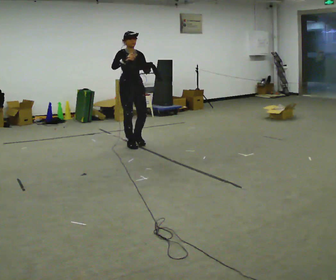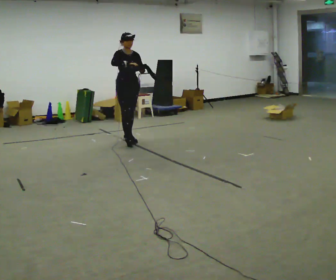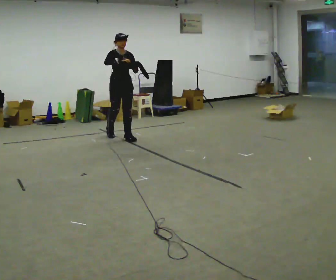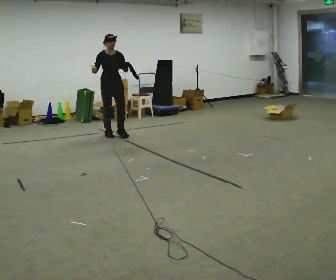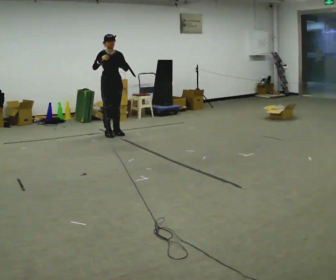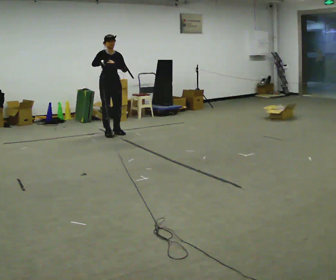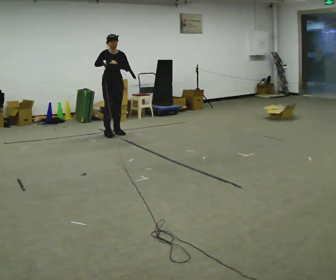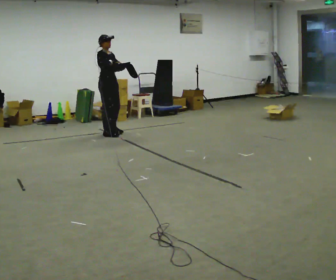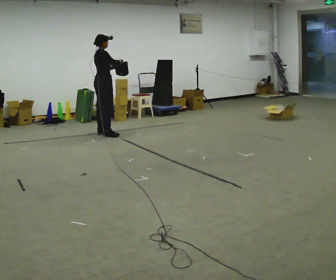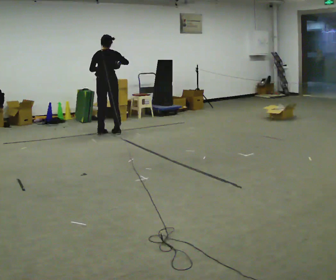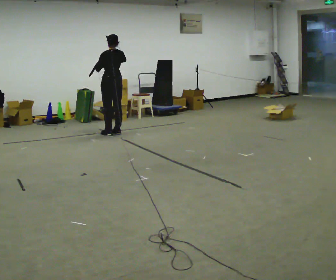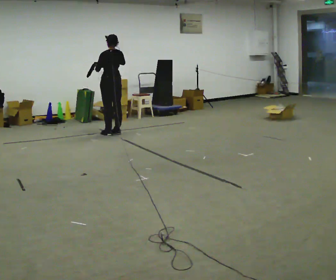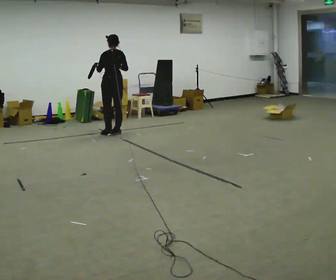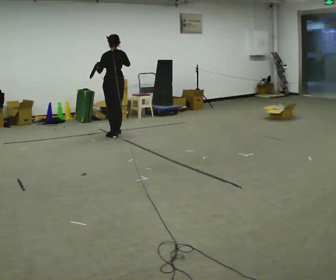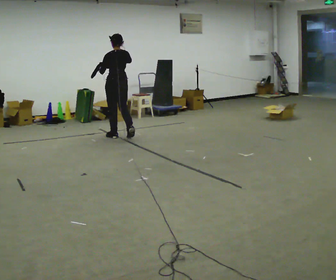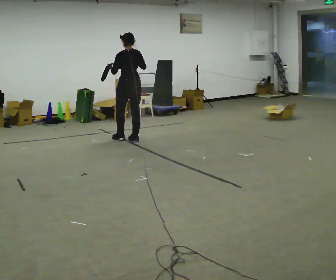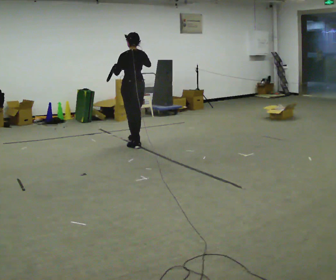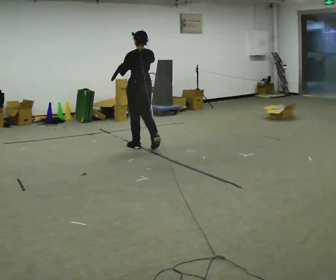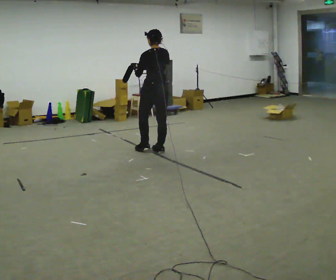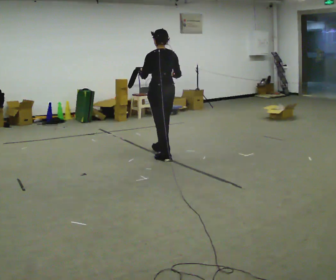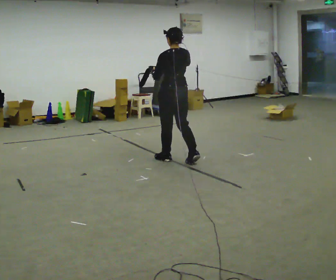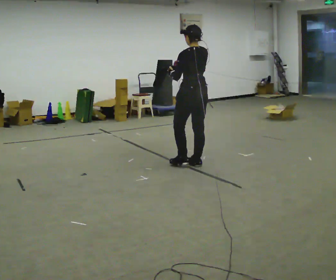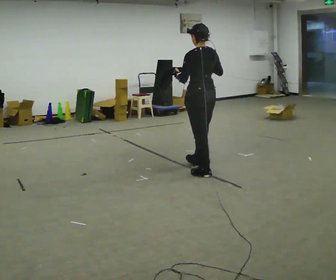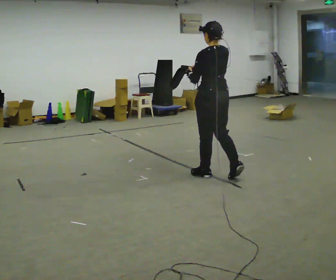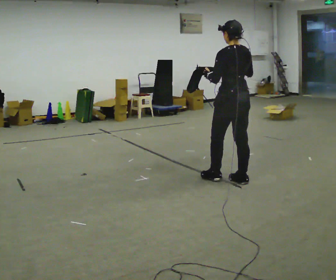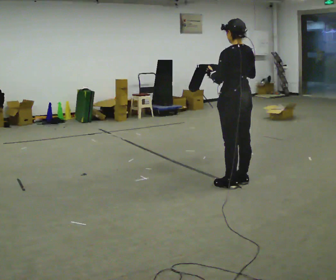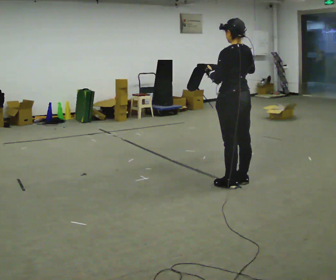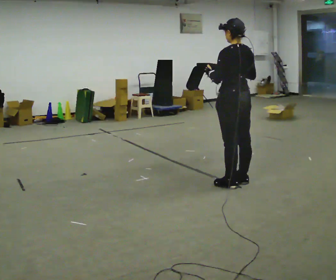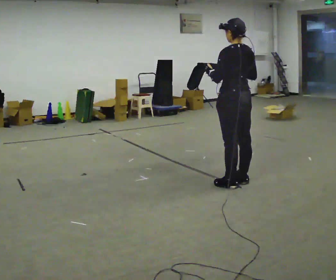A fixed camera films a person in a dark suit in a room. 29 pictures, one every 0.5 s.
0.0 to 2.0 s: In the picture they go away from the camera and to the left, about 1 m in 2 steps, which for them is backward.
2.0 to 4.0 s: The part of the body nearest the lens slides to the right as the person turns to their left by about 90 degrees. In the picture they go to the left, about 0.25 m in 1 step. In the picture their right hand goes to the right.
4.0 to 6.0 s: The part of the body nearest the lens slides to the right as the person turns to their left by about 90 degrees. In the picture they go to the right, about 0.25 m in 2 steps.
6.0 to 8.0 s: In the picture they go toward the camera and to the right, about 1 m in 3 steps, which for them is backward.
8.0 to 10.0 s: In the picture they go toward the camera and to the right, about 1 m in 3 steps, which for them is backward.
10.0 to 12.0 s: In the picture they go toward the camera and to the right, about 1 m in 3 steps, which for them is backward.
12.0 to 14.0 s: The person moves a little, or ends about where they began.
The film runs backward here.
